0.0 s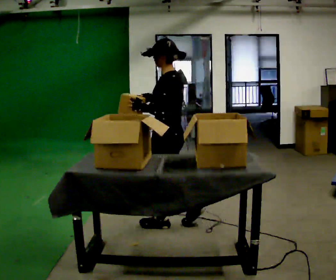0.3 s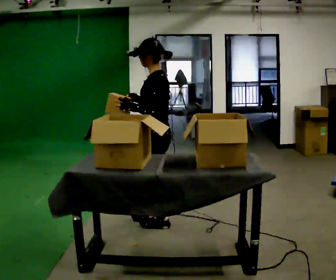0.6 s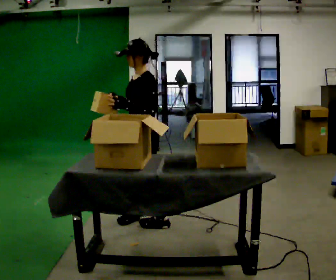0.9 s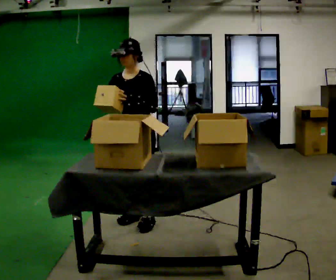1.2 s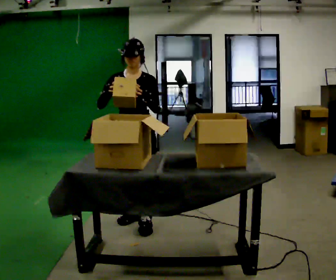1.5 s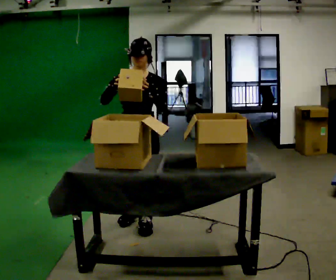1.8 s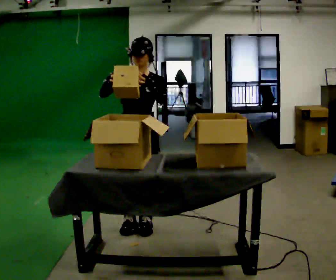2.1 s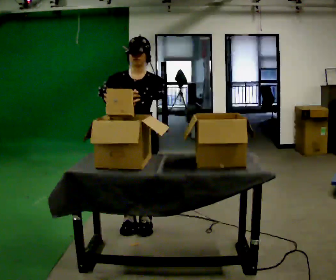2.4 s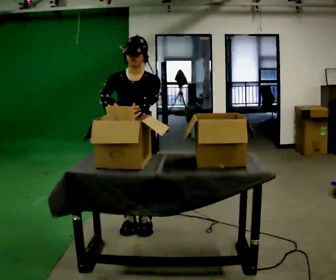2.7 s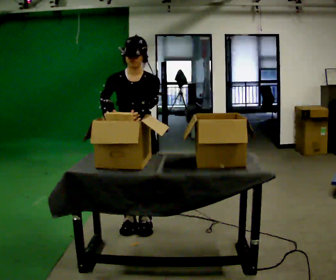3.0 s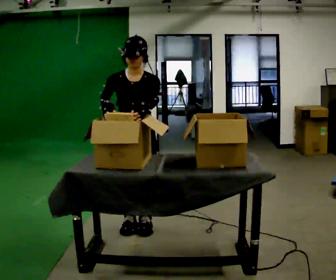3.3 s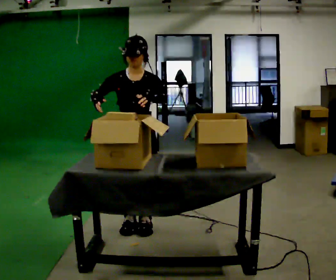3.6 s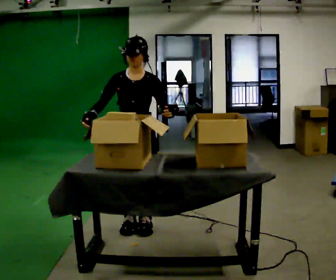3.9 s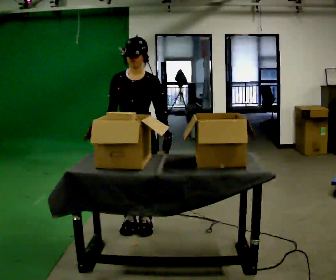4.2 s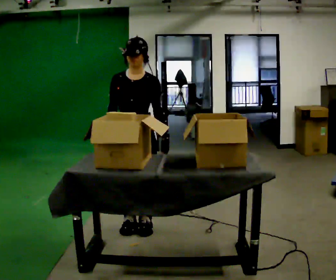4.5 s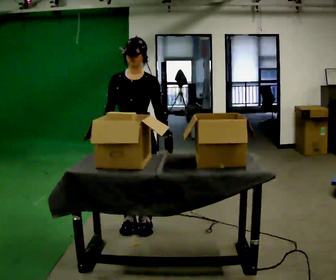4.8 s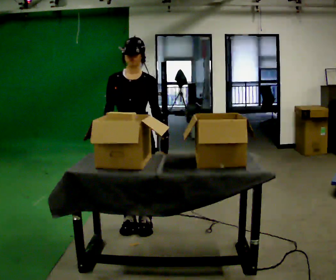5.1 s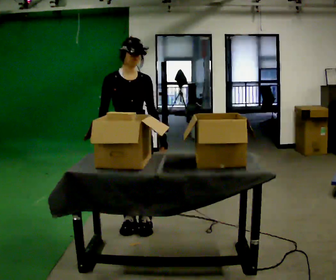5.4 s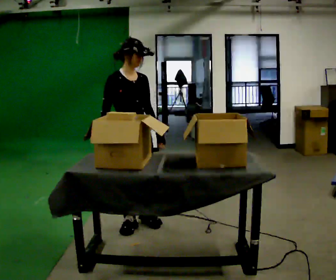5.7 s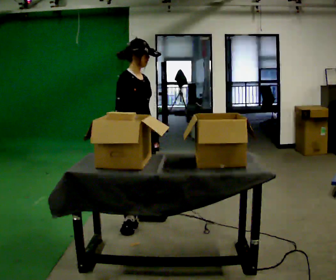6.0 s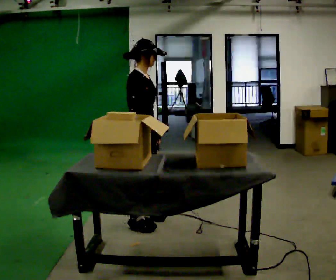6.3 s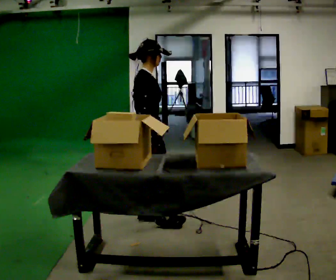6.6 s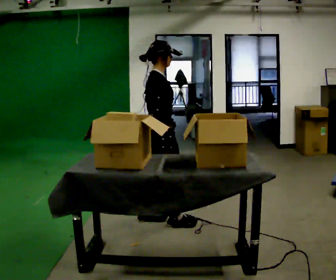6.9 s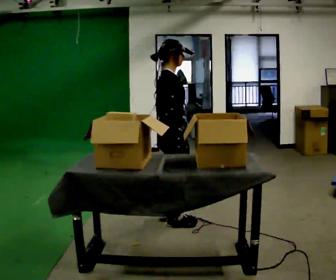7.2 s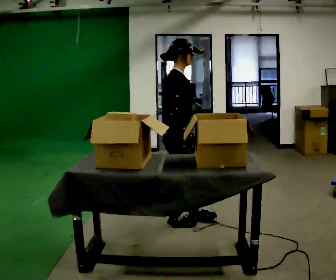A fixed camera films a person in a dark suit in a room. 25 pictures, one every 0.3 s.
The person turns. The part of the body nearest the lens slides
to the right.
The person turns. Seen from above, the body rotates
counterclockwise.
0.0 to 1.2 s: The part of the body nearest the lens slides to the right as the person turns to their left by about 105 degrees. In the picture they go to the left, about 0.25 m in 2 steps.
1.2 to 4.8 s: In the picture their right hand goes downward.
4.8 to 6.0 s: The part of the body nearest the lens slides to the right as the person turns to their left by about 75 degrees. In the picture they go away from the camera, about 0.25 m in 1 step. In the picture their right hand goes to the right.
6.0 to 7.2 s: In the picture they go to the right, about 0.25 m in 1 step, which for them is forward and to their right.
The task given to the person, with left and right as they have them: Move the items from one container to the other one at a time, then move them back. Repeat at your own pace until the operator says stop. Keep both feet on the marked spots for the whole take. If you have to step, stop and tell the operator.
The film runs forward here.
